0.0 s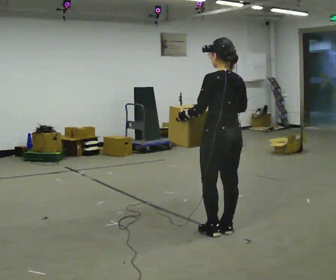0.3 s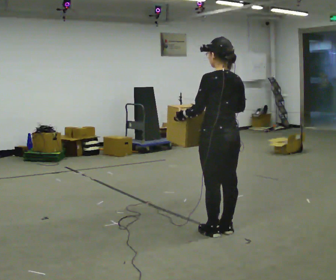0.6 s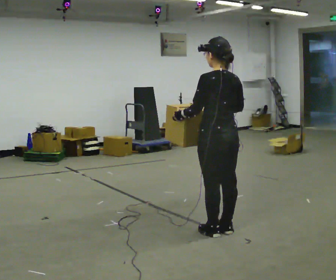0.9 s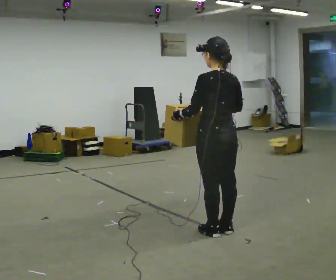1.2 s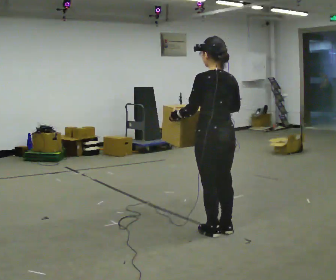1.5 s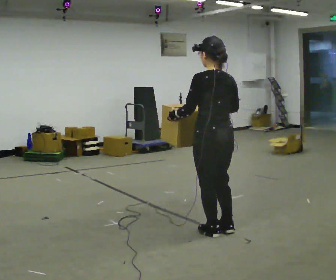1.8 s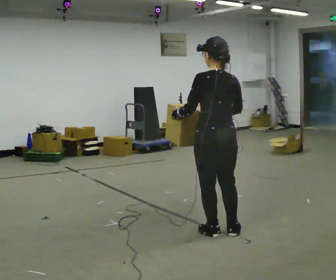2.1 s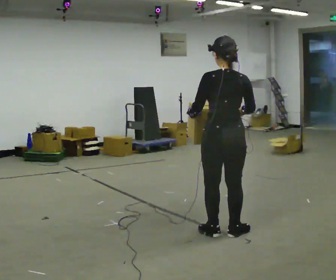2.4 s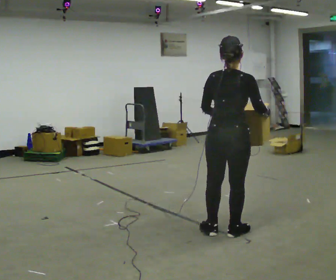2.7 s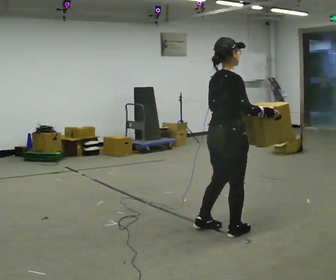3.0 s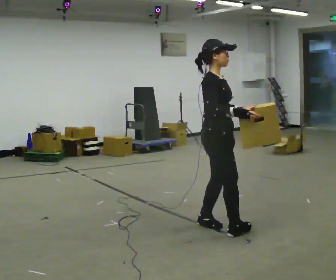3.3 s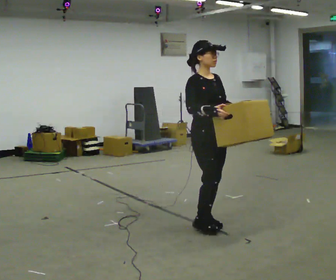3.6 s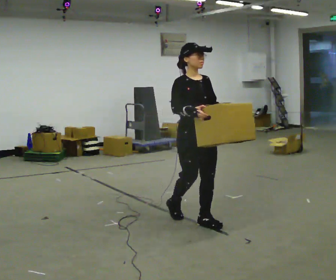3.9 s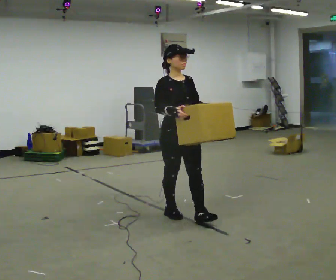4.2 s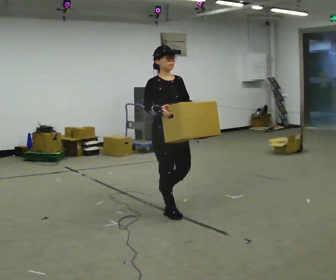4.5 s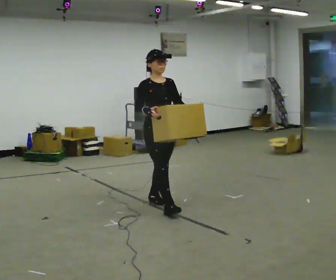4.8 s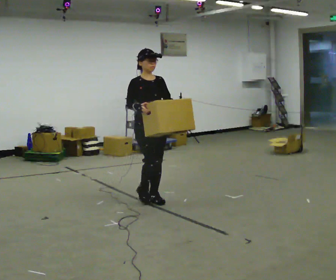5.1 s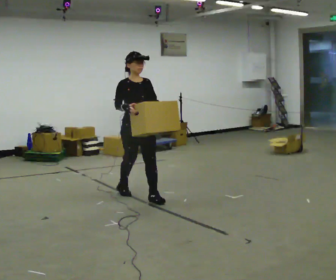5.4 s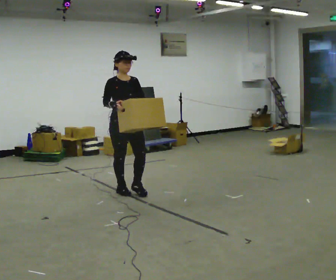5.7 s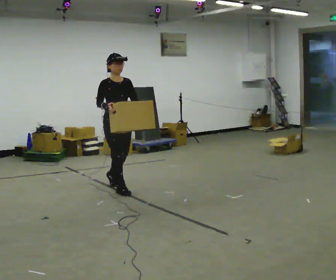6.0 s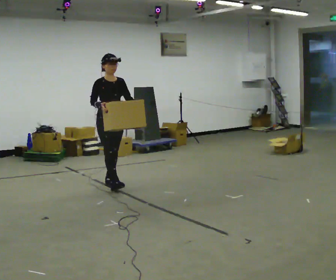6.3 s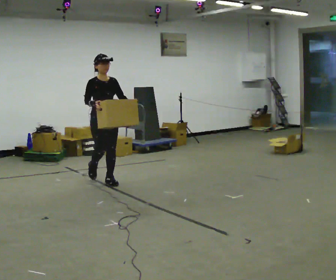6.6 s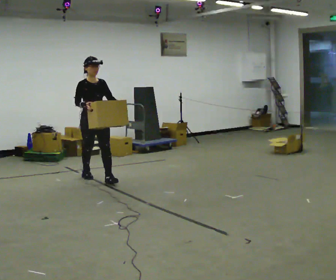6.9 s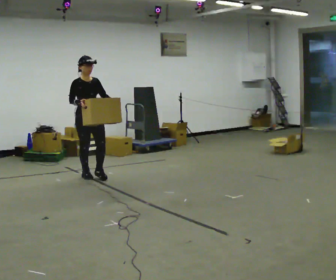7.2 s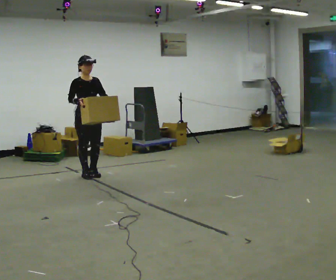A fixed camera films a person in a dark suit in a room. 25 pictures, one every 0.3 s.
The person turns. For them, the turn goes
to their right.
The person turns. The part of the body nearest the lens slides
to the left.
0.0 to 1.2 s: The person moves a little, or ends about where they began.
1.2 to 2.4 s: The part of the body nearest the lens slides to the left as the person turns to their right by about 45 degrees. In the picture their right hand goes to the right.
2.4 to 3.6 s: The person turns about 135 degrees to their right, clockwise seen from above, so the part of the body nearest the lens slides to the left. In the picture they go to the left and away from the camera, about 0.5 m in 2 steps.
3.6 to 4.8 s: In the picture they go to the left and away from the camera, about 1 m in 2 steps, which for them is backward.
4.8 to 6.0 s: In the picture they go to the left and away from the camera, about 1 m in 2 steps, which for them is backward.
6.0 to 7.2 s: In the picture they go to the left and away from the camera, about 0.5 m in 1 step, which for them is backward.
The film runs backward here.
